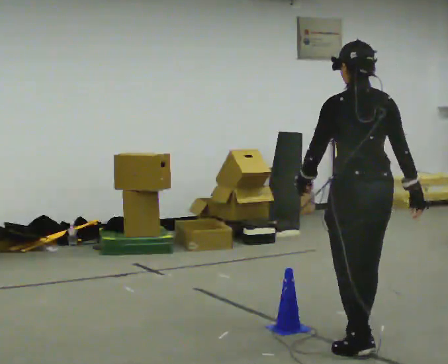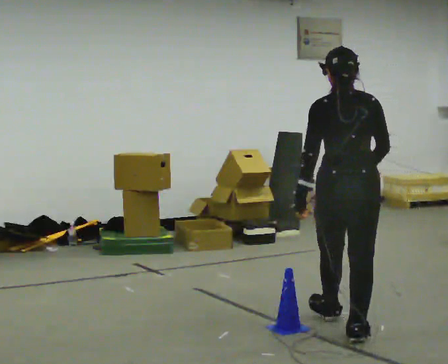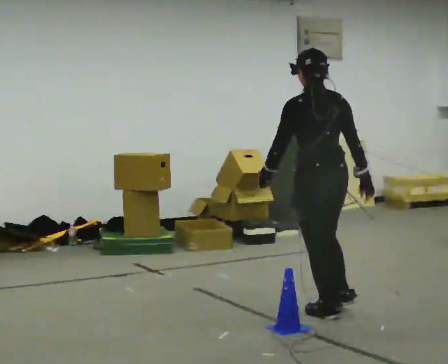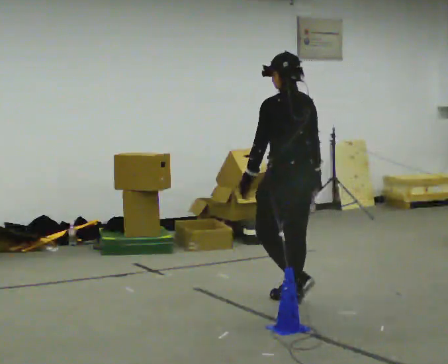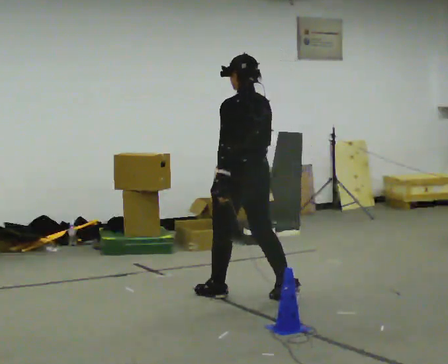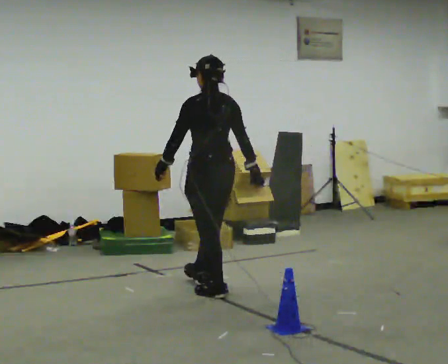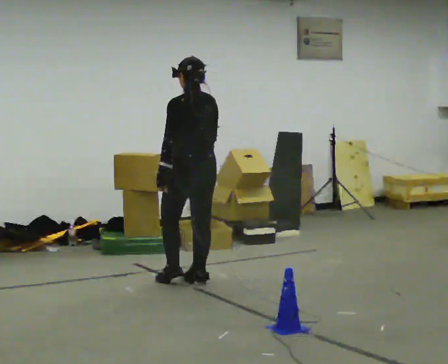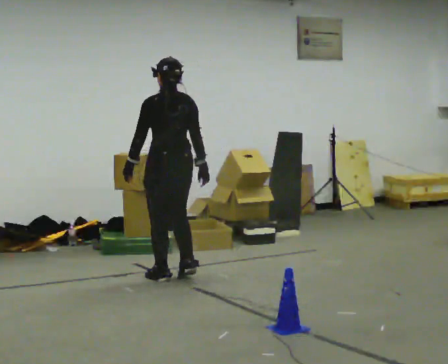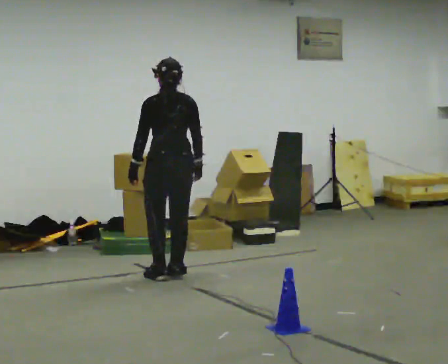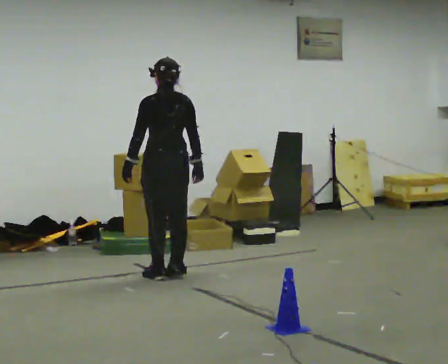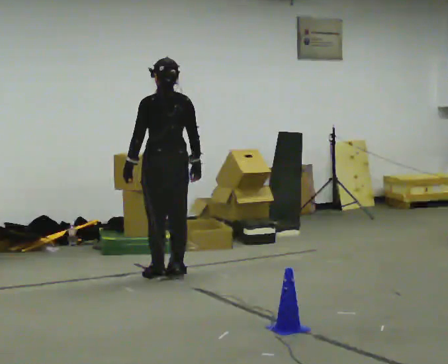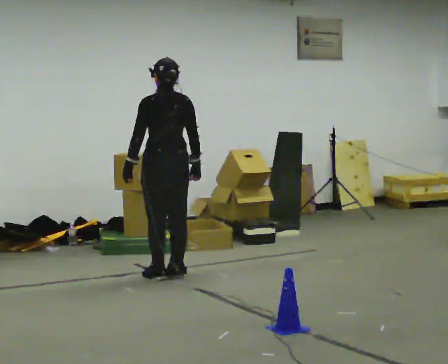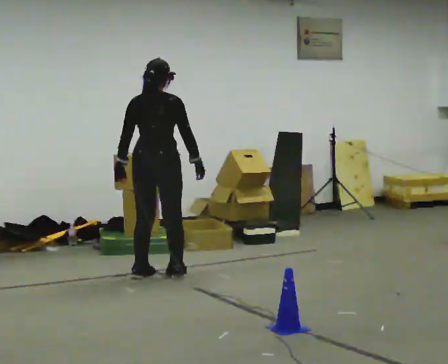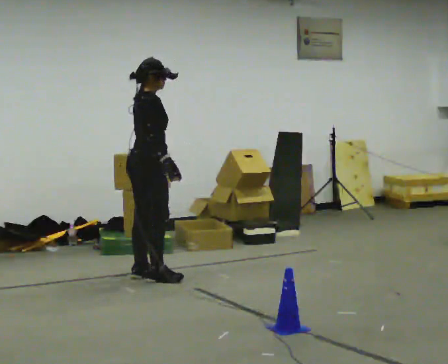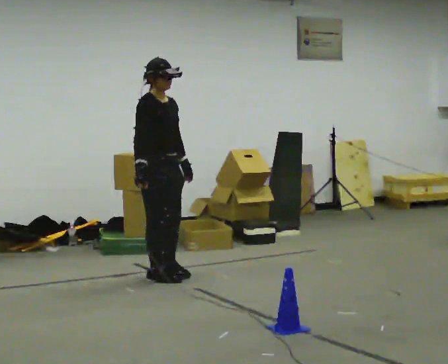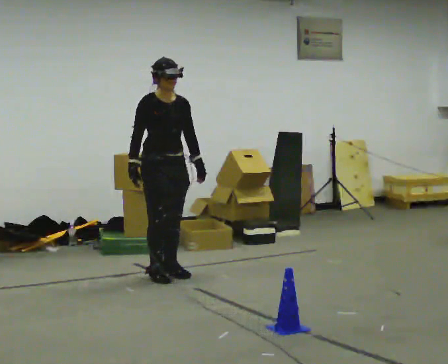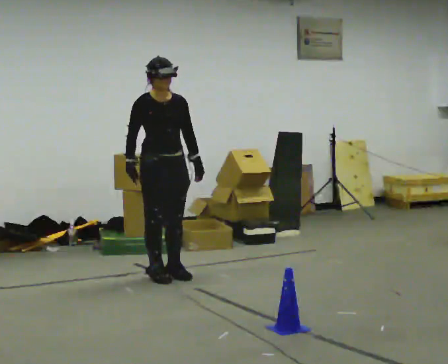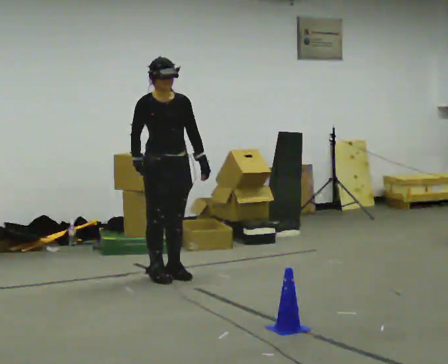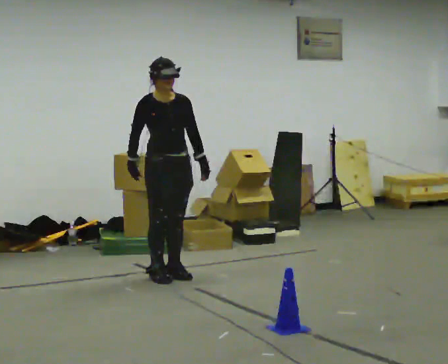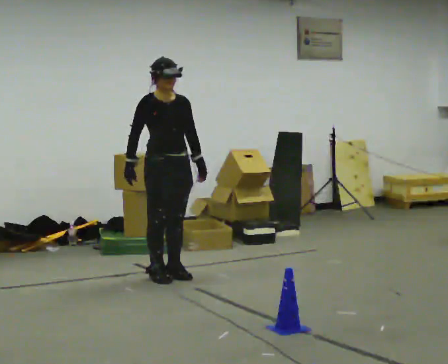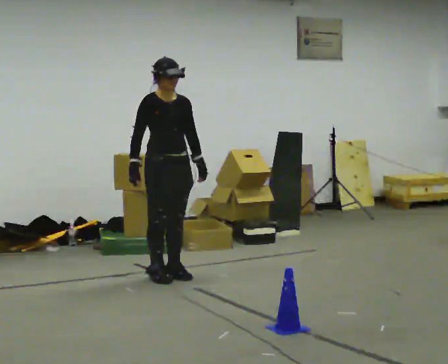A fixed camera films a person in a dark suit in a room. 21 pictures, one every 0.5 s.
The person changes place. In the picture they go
away from the camera.
0.0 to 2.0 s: In the picture they go away from the camera and to the left, about 1.5 m in 3 steps, which for them is forward.
2.0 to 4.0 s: In the picture they go away from the camera and to the left, about 1 m in 3 steps, which for them is forward.
4.0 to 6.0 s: The person turns about 30 degrees to their right, clockwise seen from above, so the part of the body nearest the lens slides to the left.
6.0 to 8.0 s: The person turns about 135 degrees to their right, clockwise seen from above, so the part of the body nearest the lens slides to the left. In the picture their left hand goes to the right, the arm swinging counterclockwise.
8.0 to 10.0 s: The person moves a little, or ends about where they began.
The film runs forward here.
